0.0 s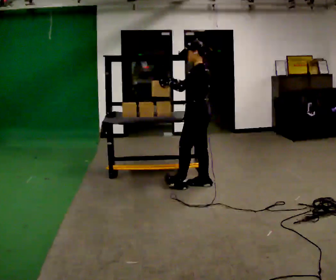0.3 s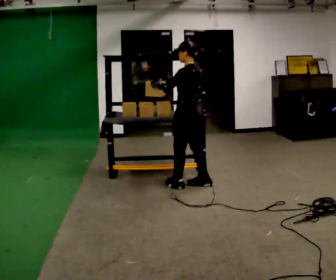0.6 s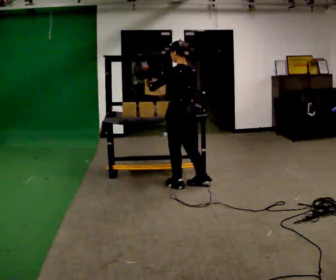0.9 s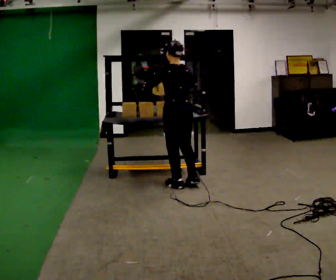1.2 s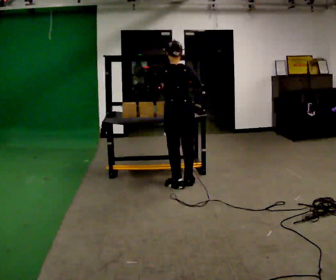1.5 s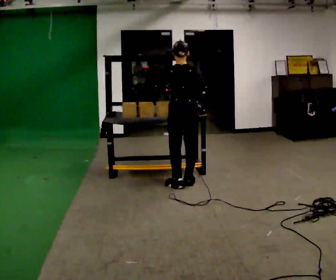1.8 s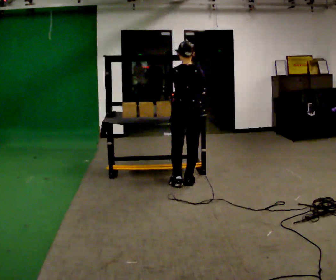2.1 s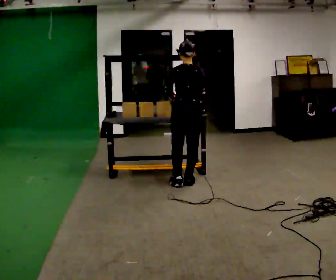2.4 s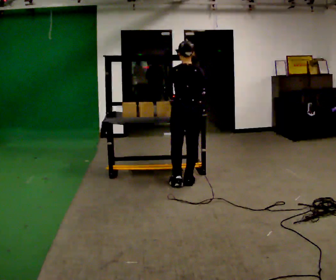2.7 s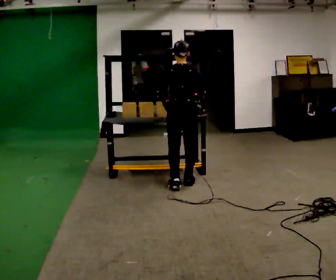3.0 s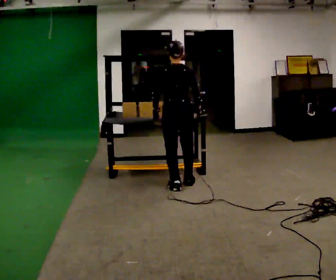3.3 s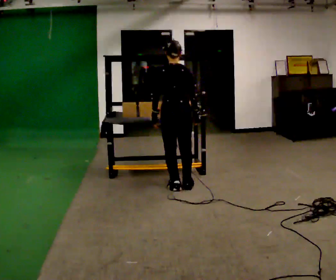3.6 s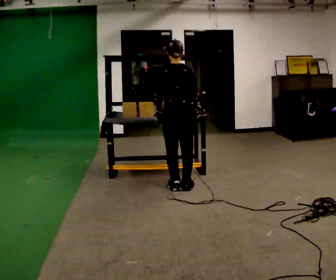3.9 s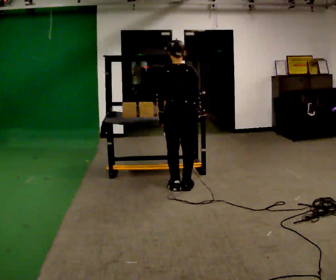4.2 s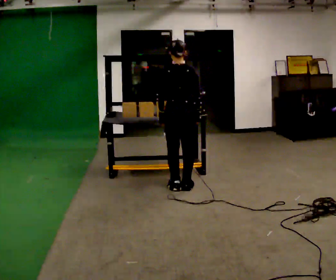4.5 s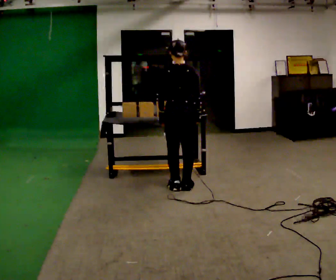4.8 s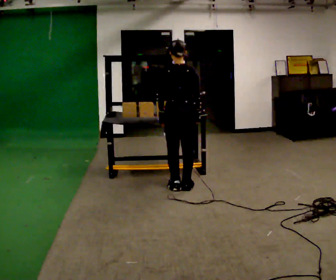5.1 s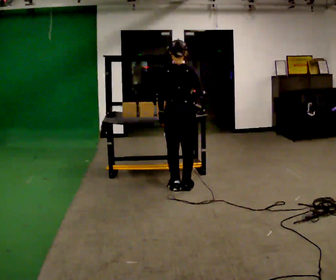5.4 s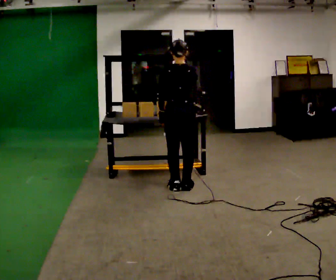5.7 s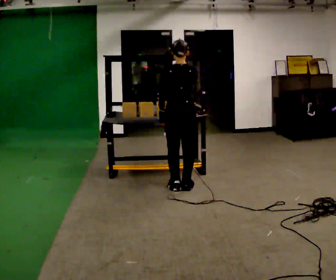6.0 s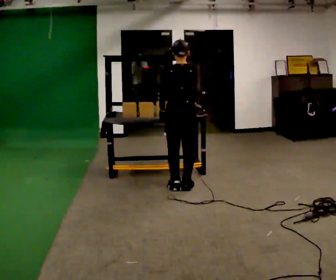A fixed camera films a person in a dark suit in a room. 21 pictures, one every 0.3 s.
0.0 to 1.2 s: The part of the body nearest the lens slides to the left as the person turns to their right by about 75 degrees. In the picture they go to the left, about 0.25 m in 2 steps.
1.2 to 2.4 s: The person moves a little, or ends about where they began.
2.4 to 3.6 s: In the picture they go toward the camera, about 0.25 m in 1 step, which for them is backward.
3.6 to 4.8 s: The person keeps their place and pose.
4.8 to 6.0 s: In the picture their right hand goes upward.
The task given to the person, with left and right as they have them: Carry the box over and put it on the shelf with the label facing out towards you. Get the orientation right, not just the position. Keep going until the operator says stop; one object at a time, and do not rush between trips.
The film runs forward here.
